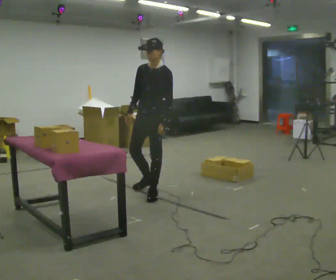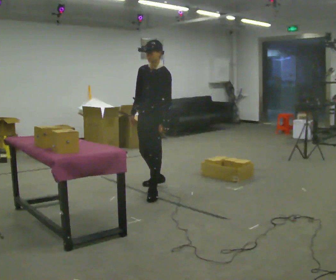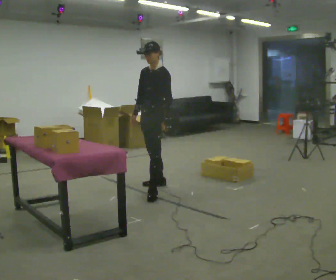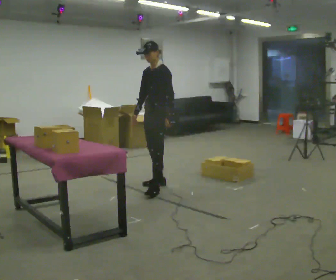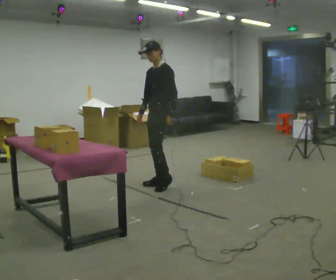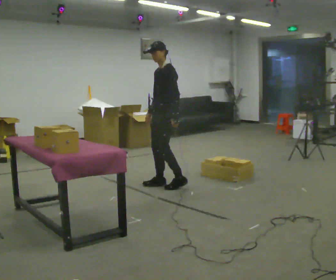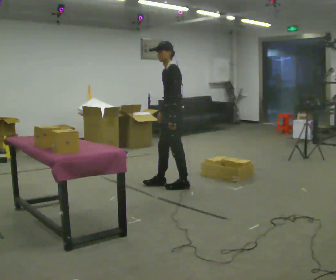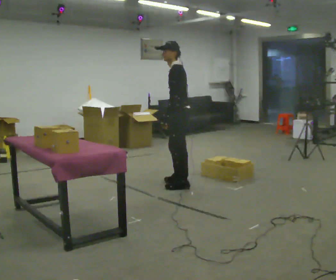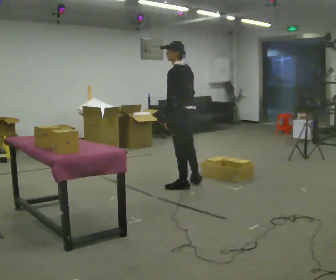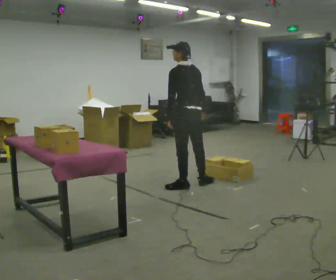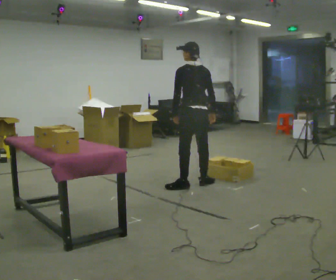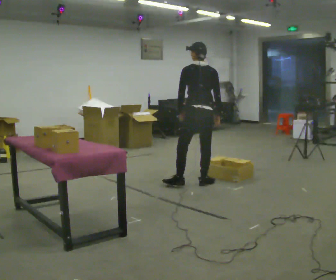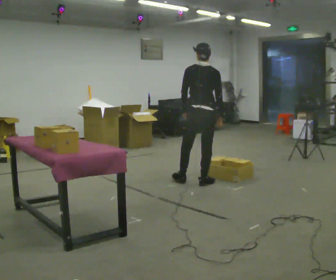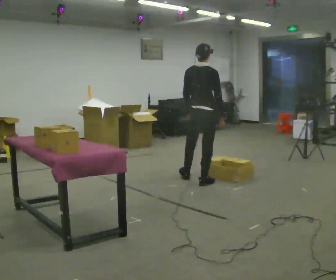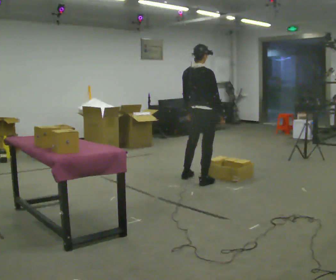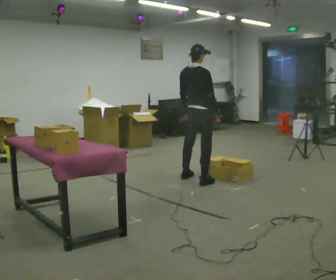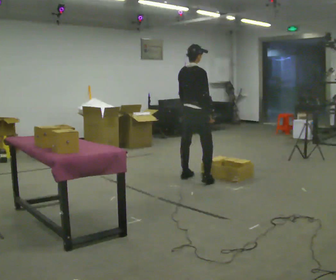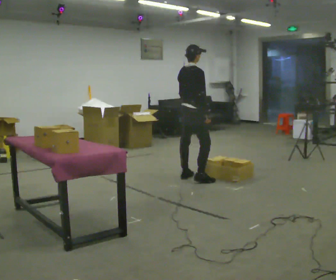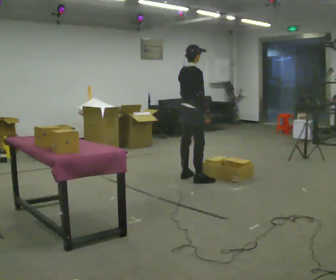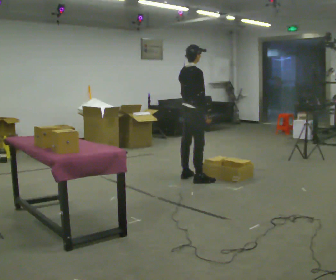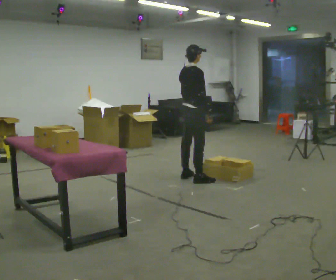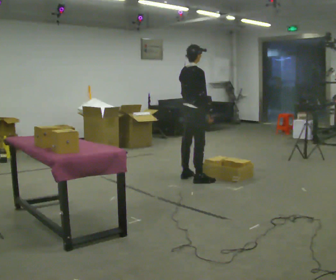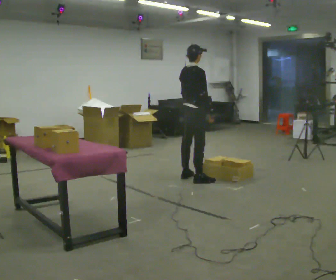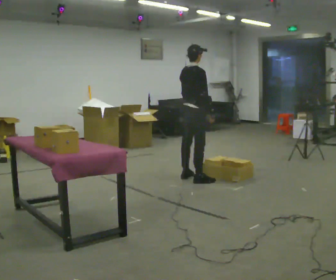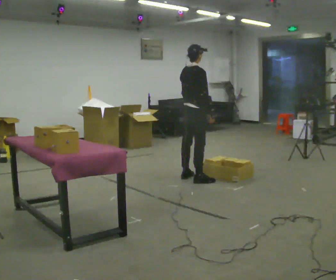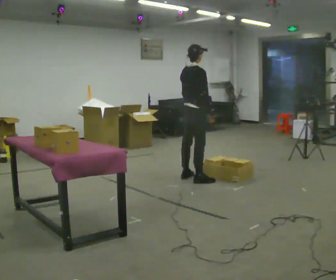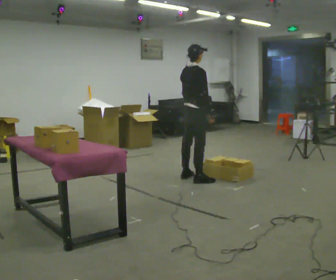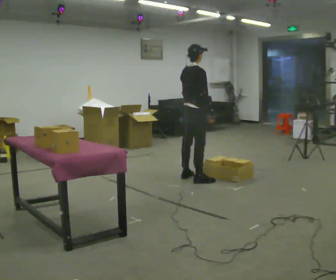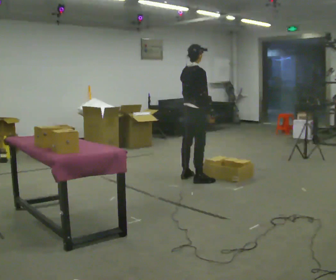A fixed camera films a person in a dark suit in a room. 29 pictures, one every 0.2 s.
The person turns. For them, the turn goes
to their right.
The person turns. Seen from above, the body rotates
clockwise.
0.0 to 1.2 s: The part of the body nearest the lens slides to the left as the person turns to their right by about 45 degrees. In the picture they go away from the camera and to the right, about 0.5 m in 1 step, which for them is backward.
1.2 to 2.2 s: Seen from above the body turns clockwise, about 90 degrees: to their right, with its near side sliding to the left. In the picture they go to the right, about 0.25 m in 2 steps.
2.2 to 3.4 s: Seen from above the body turns clockwise, about 60 degrees: to their right, with its near side sliding to the left. In the picture they go away from the camera, about 0.25 m in 1 step.
3.4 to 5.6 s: The person moves a little, or ends about where they began.
The film runs backward here.
